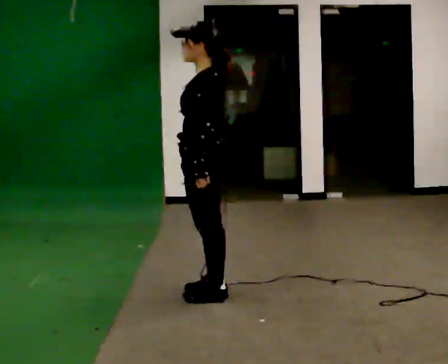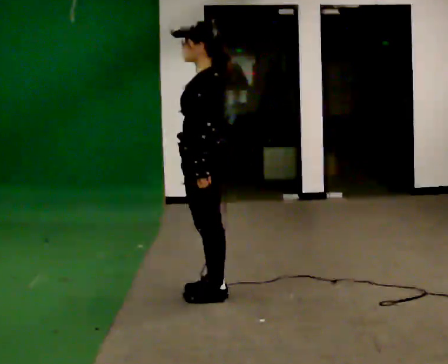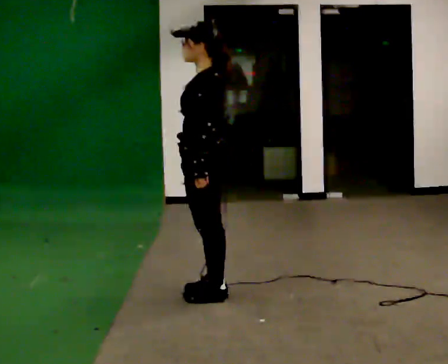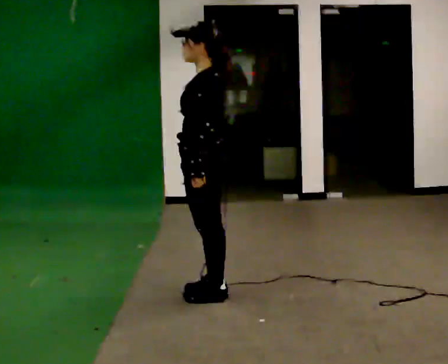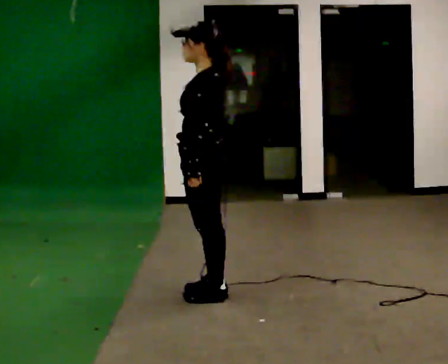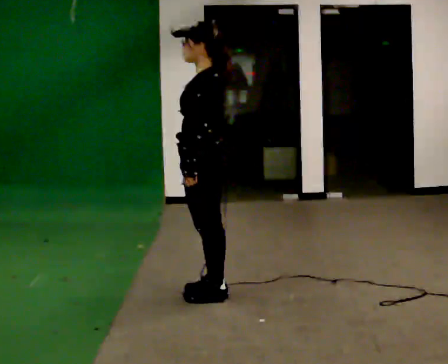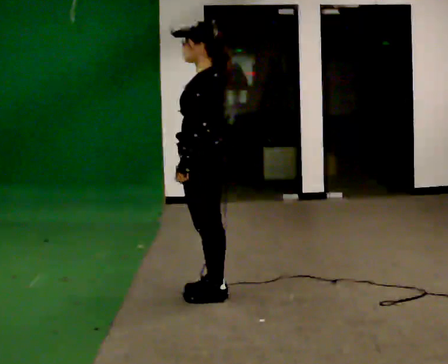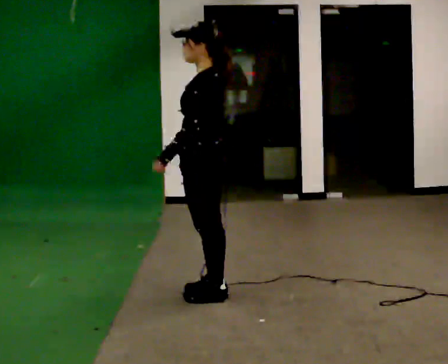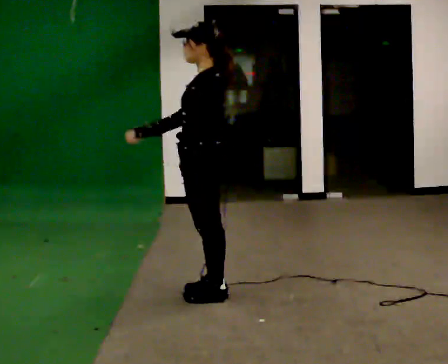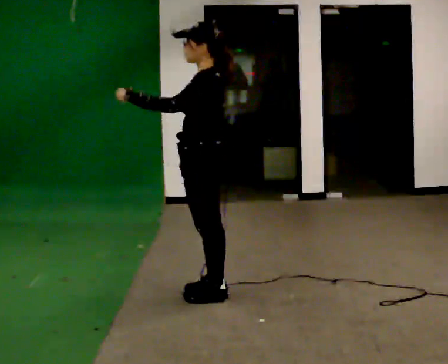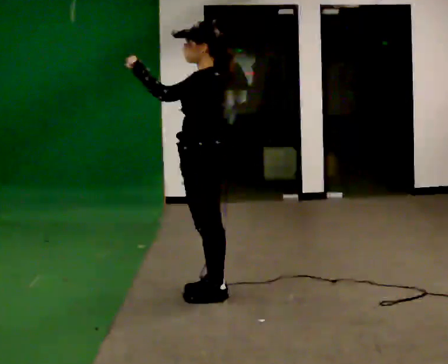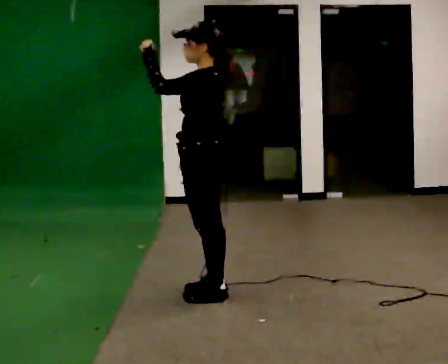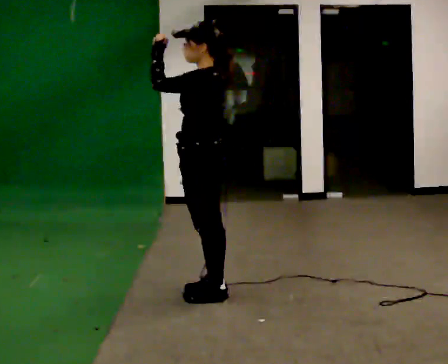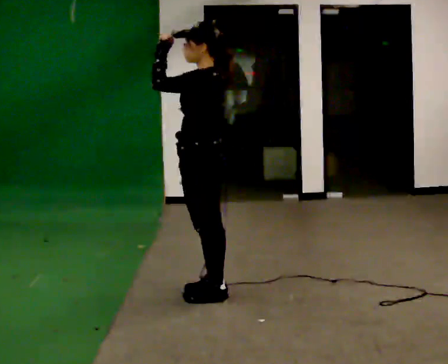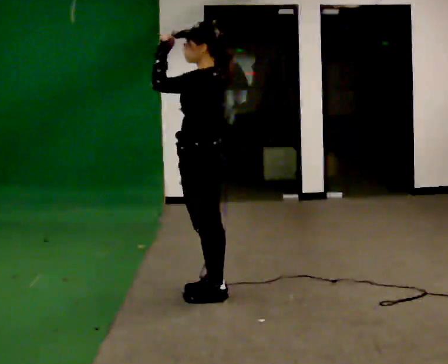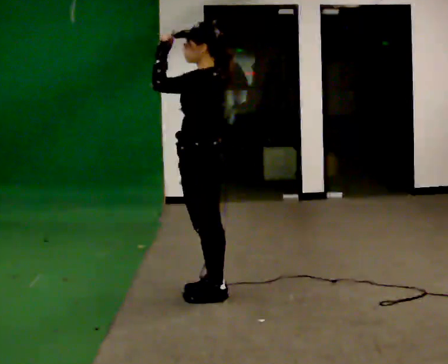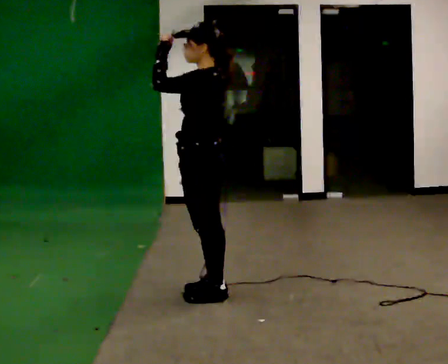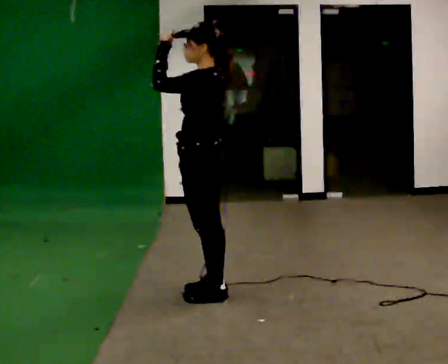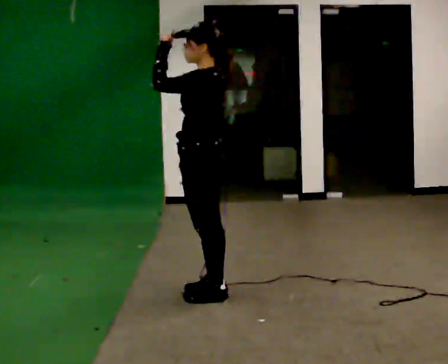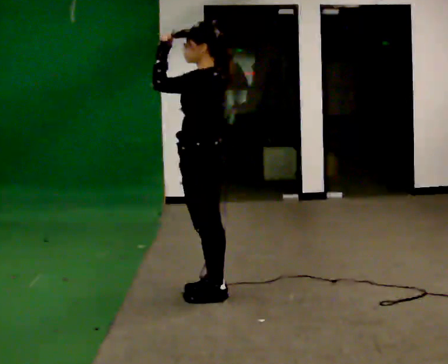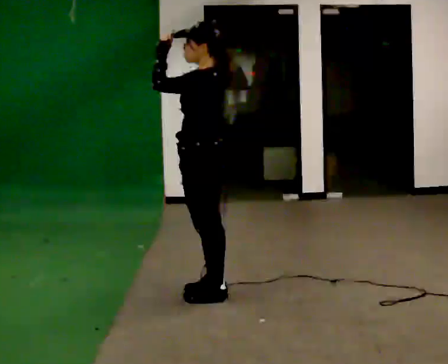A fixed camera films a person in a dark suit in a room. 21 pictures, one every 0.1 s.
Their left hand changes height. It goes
upward.
0.0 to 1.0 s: In the picture their left hand goes upward, the arm swinging clockwise.
1.0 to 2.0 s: The person moves a little, or ends about where they began.
The film runs forward here.
